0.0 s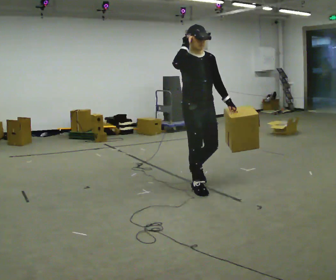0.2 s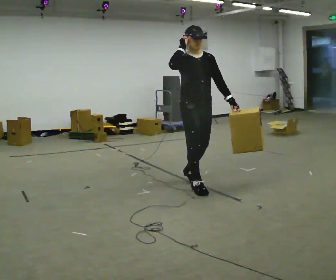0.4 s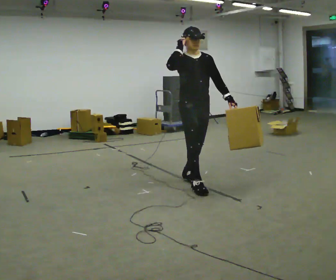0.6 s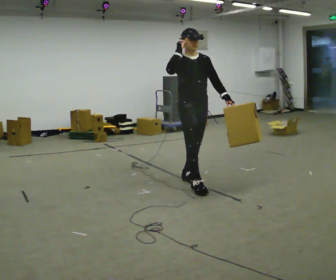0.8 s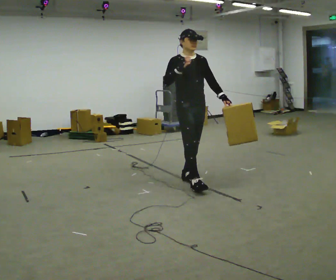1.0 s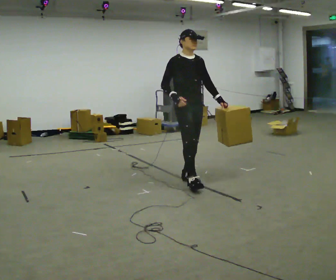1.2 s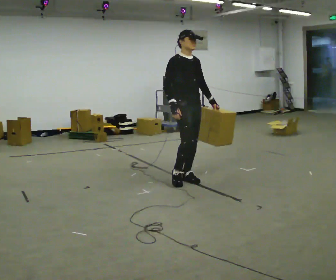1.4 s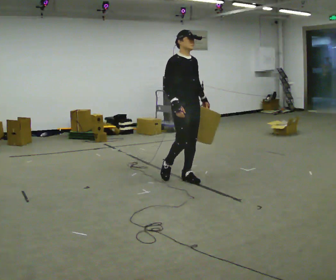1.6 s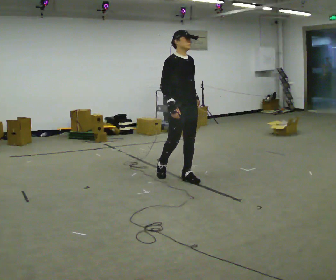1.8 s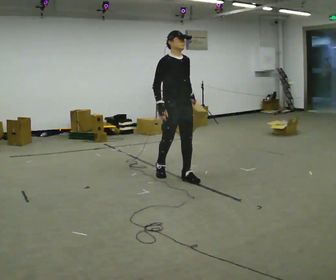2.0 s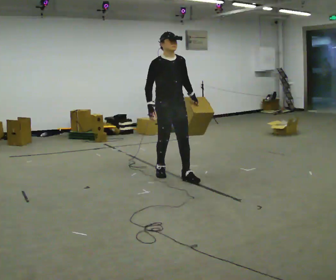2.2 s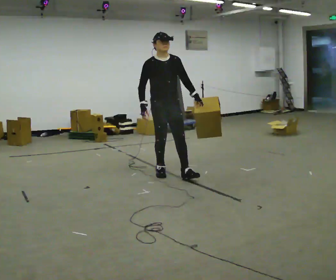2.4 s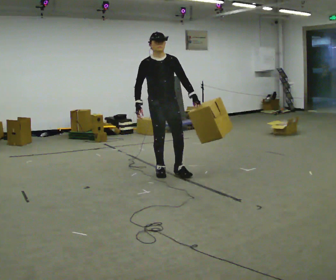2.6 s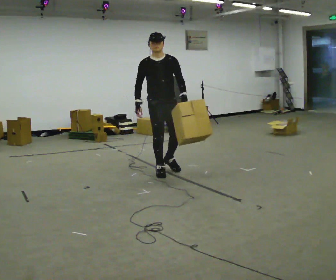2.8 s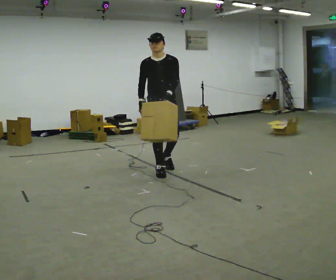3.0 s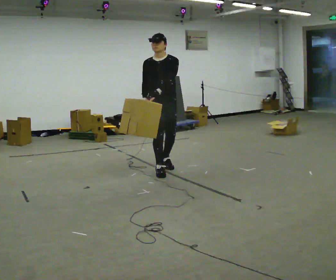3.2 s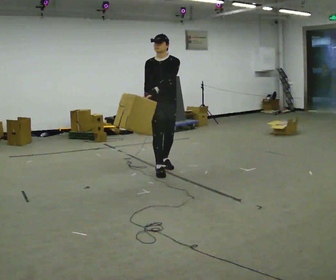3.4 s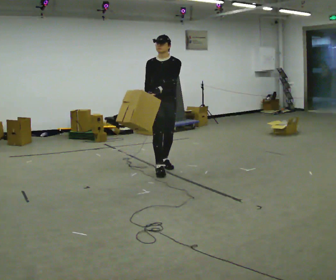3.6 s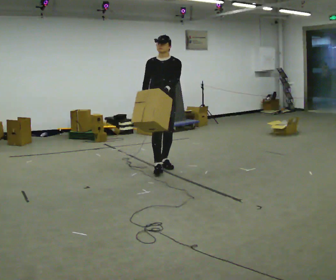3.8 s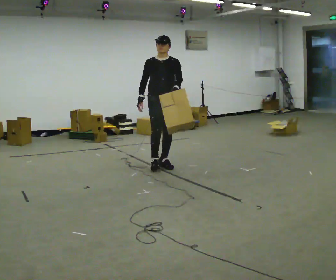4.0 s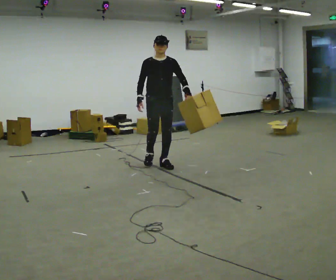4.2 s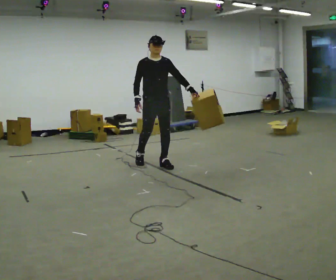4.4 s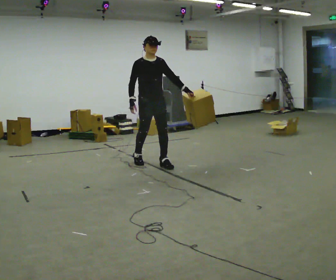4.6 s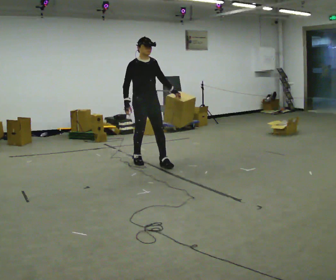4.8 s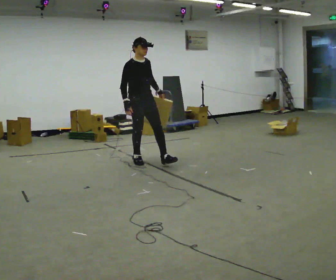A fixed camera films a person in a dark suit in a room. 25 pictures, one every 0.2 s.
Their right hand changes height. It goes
downward.
0.0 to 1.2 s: In the picture they go away from the camera and to the left, about 0.5 m in 1 step, which for them is backward. In the picture their right hand goes downward.
1.2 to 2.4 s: In the picture they go to the left and away from the camera, about 0.5 m in 1 step, which for them is backward.
2.4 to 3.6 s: In the picture they go away from the camera, about 0.25 m in 1 step, which for them is backward.
3.6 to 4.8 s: Seen from above the body turns counterclockwise, about 30 degrees: to their left, with its near side sliding to the right. In the picture they go to the left and away from the camera, about 0.25 m, which for them is backward and to their right.
The film runs backward here.
